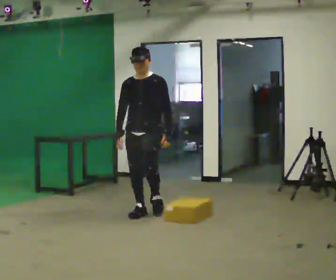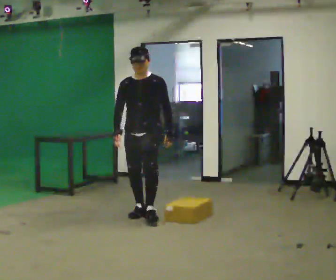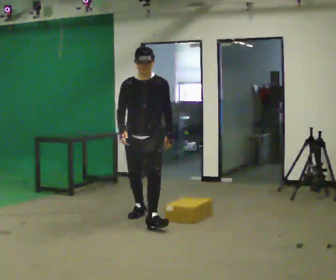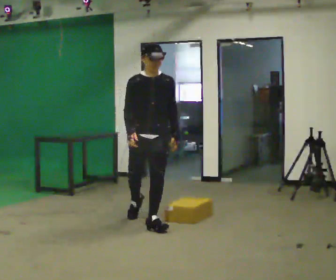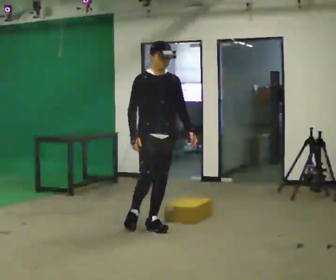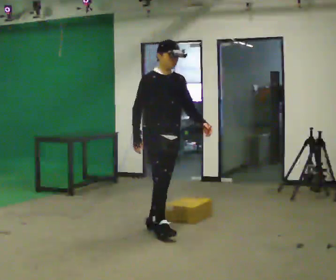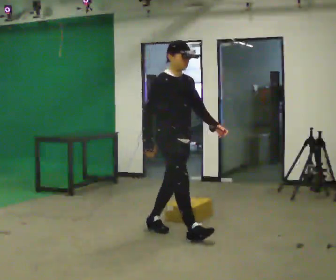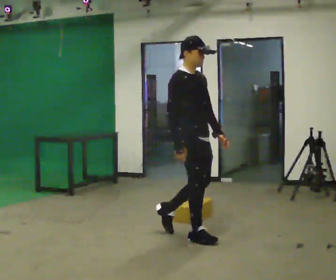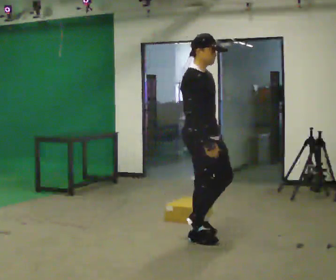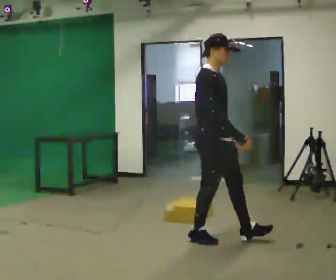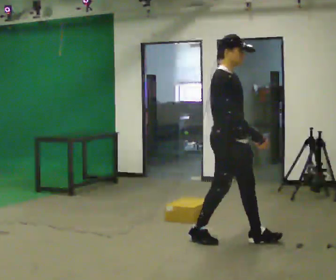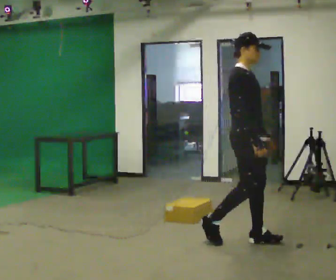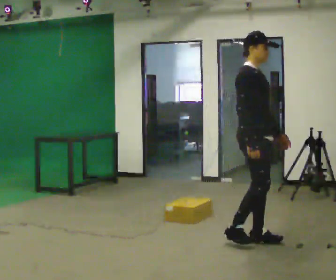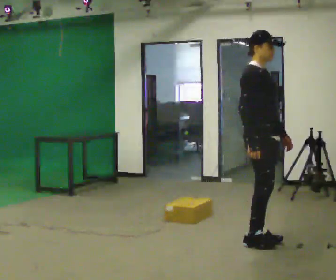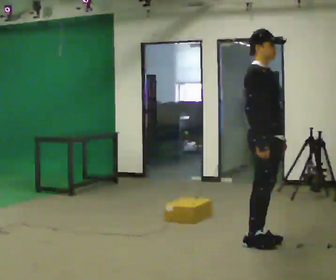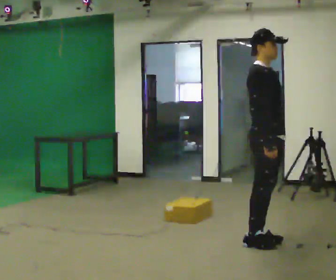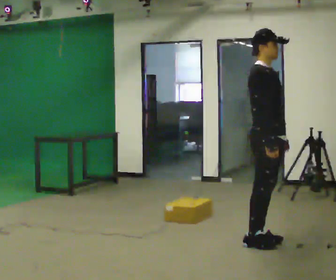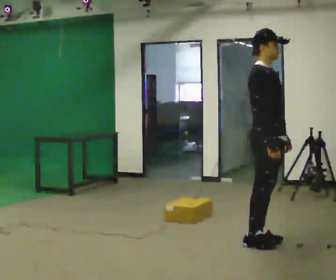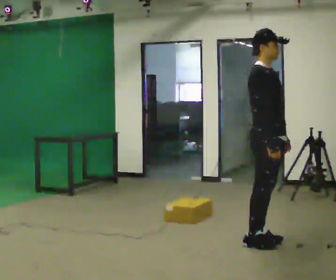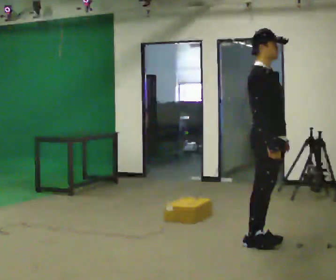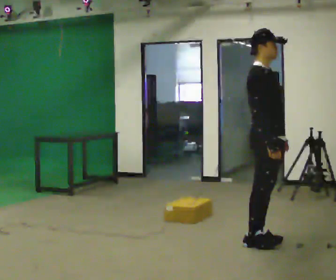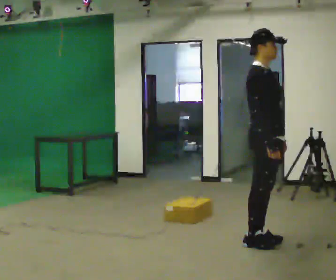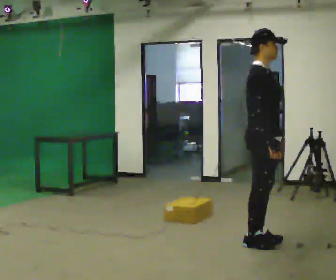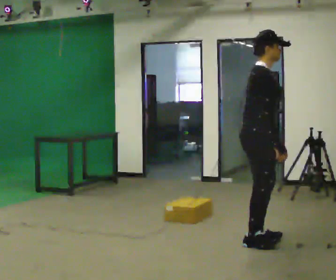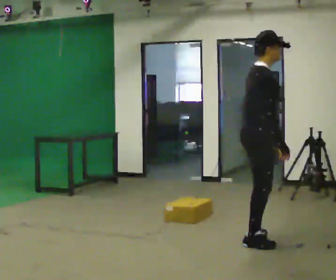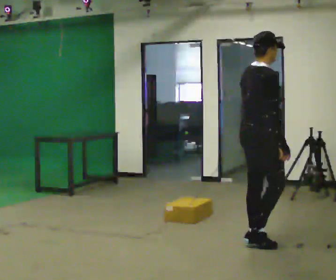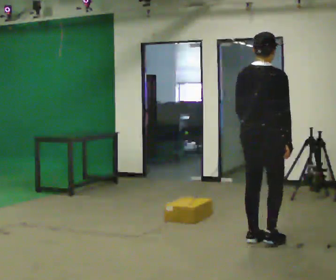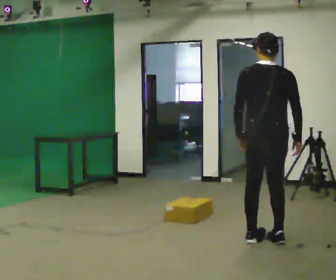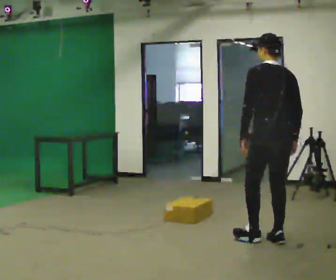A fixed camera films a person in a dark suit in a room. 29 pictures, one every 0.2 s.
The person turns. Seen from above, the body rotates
counterclockwise.
The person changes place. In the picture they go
to the right.
0.0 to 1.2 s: The person turns about 60 degrees to their left, counterclockwise seen from above, so the part of the body nearest the lens slides to the right. In the picture they go toward the camera and to the right, about 1 m in 1 step.
1.2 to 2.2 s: In the picture they go to the right, about 0.5 m in 2 steps, which for them is forward.
2.2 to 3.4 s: In the picture they go to the right, about 0.25 m in 1 step, which for them is forward.
3.4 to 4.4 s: The person moves a little, or ends about where they began.
4.4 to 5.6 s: The person turns about 135 degrees to their left, counterclockwise seen from above, so the part of the body nearest the lens slides to the right. In the picture they go to the right, about 0.25 m in 1 step.
The film runs forward here.
